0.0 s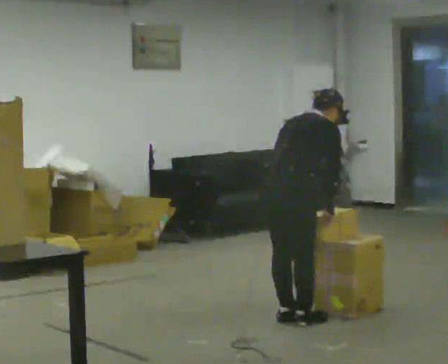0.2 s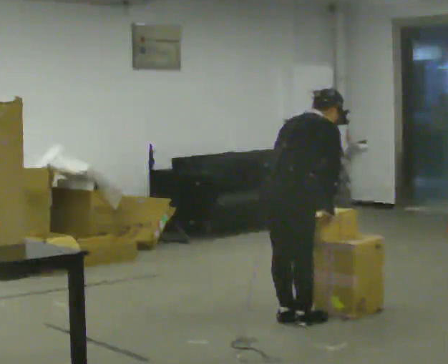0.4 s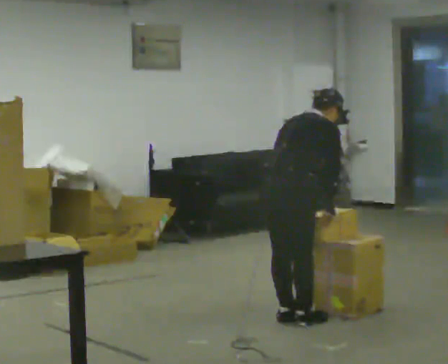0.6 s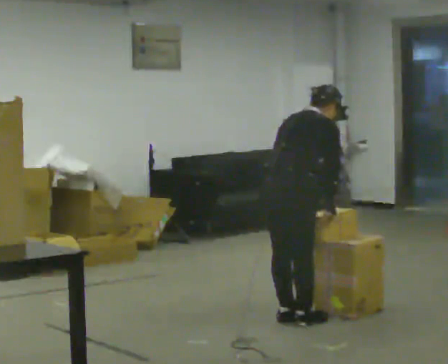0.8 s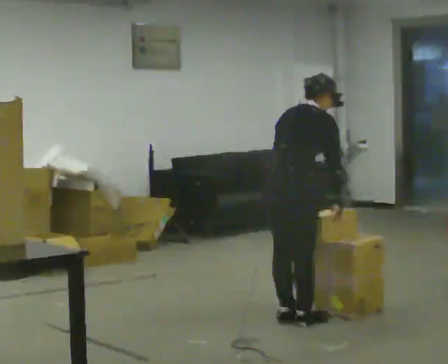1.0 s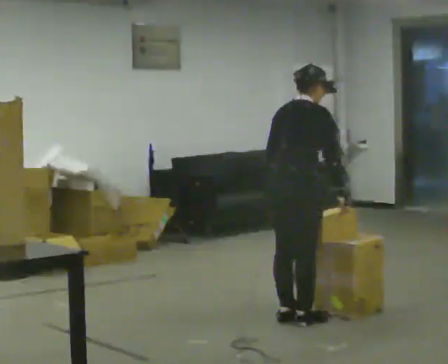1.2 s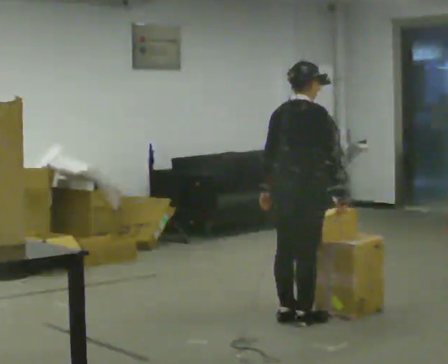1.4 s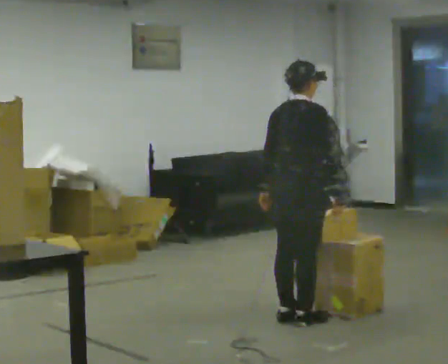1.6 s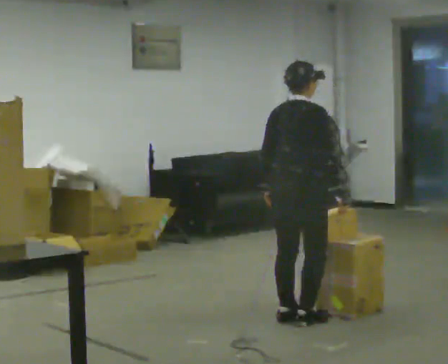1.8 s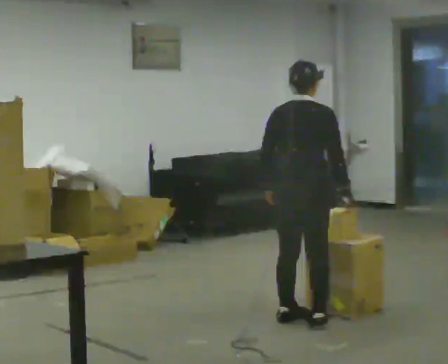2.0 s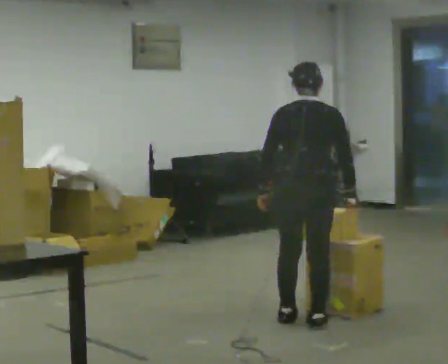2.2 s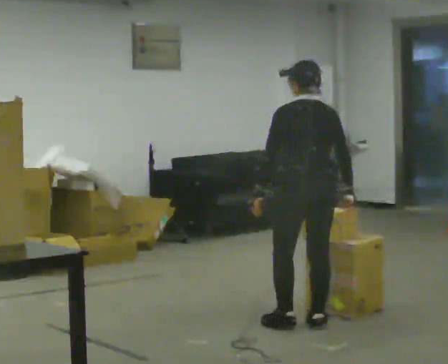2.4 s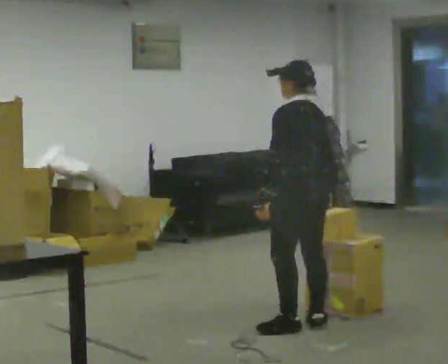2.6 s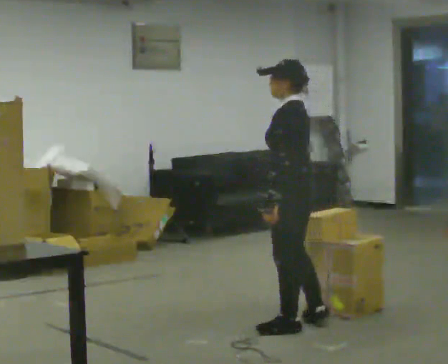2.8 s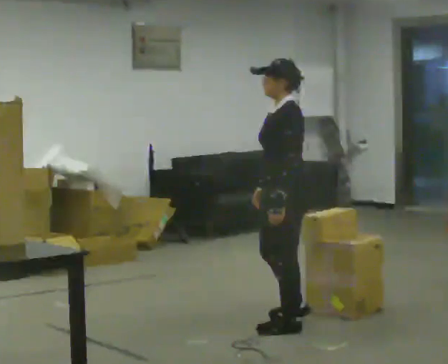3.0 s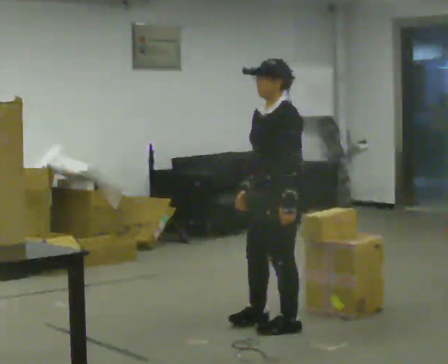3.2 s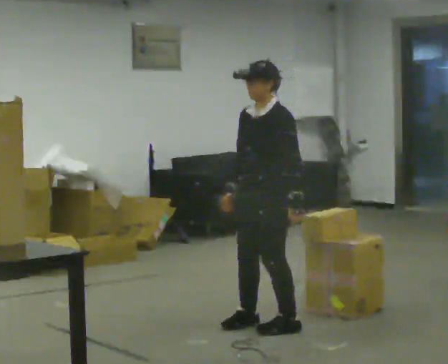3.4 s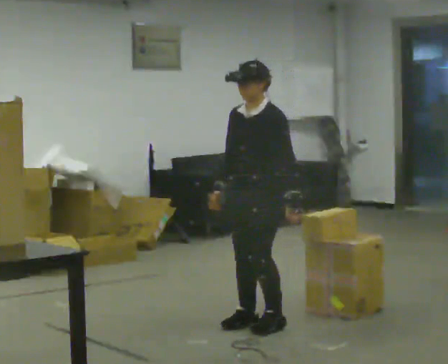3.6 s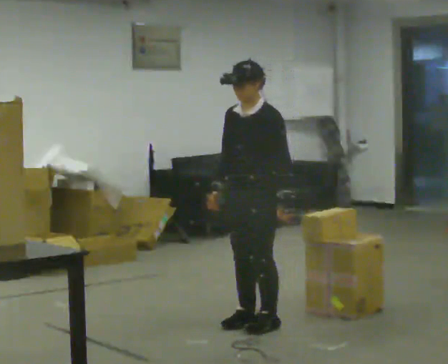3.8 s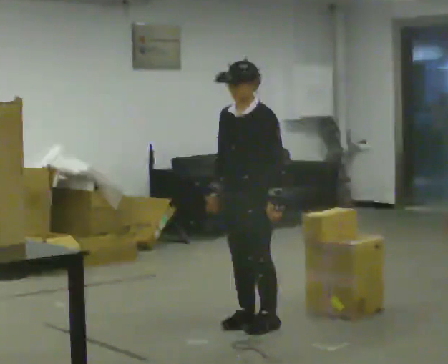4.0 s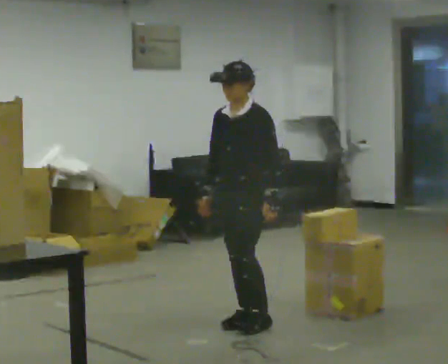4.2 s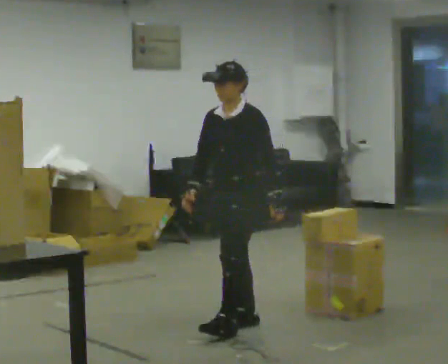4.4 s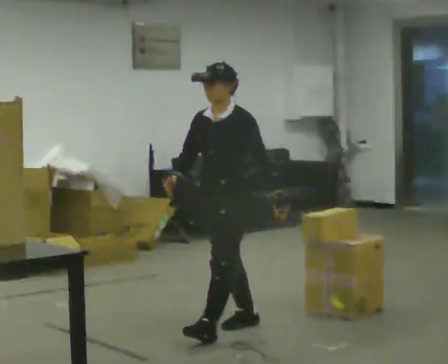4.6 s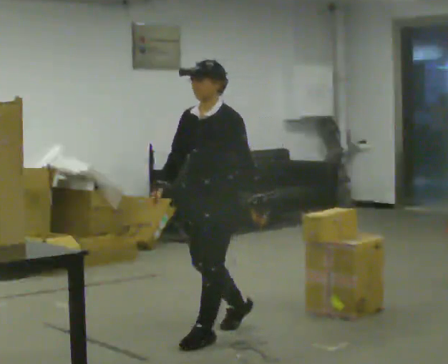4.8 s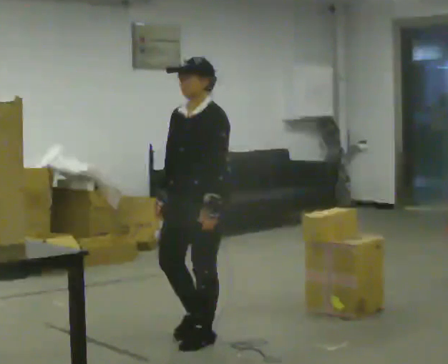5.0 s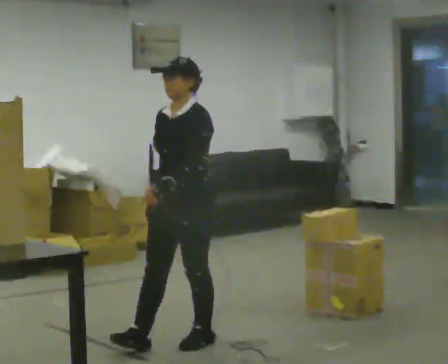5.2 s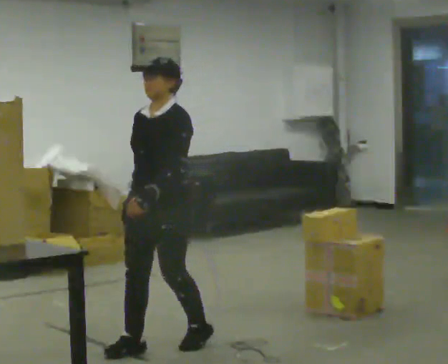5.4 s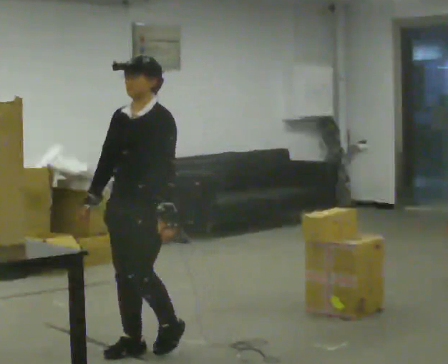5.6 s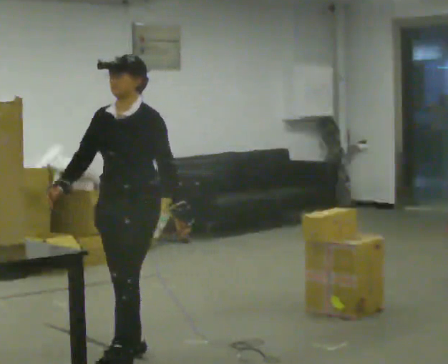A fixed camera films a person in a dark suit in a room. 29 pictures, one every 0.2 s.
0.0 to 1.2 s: The upper body tips toward the camera, its near side rolling downward, as they lean back or straighten.
1.2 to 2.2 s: The person turns about 75 degrees to their left, counterclockwise seen from above, so the part of the body nearest the lens slides to the right.
2.2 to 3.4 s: Seen from above the body turns counterclockwise, about 105 degrees: to their left, with its near side sliding to the right. In the picture they go to the left, about 0.25 m in 2 steps.
3.4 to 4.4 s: In the picture they go to the left and toward the camera, about 0.25 m in 1 step, which for them is forward.
4.4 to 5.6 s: In the picture they go toward the camera and to the left, about 0.5 m in 1 step, which for them is forward.
The film runs forward here.
